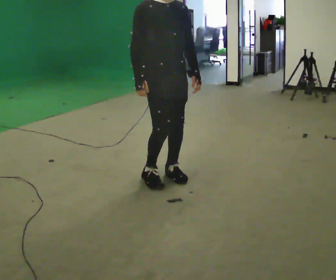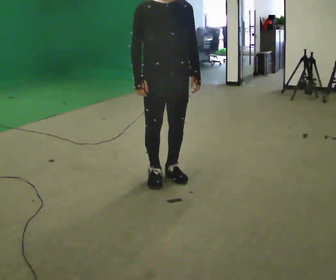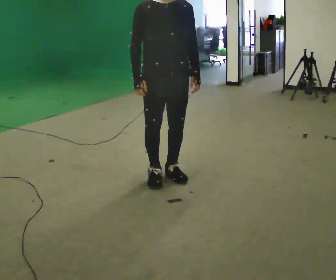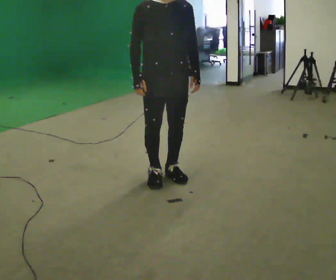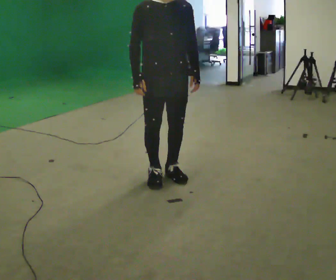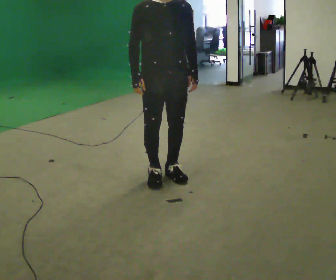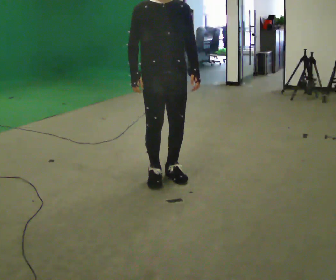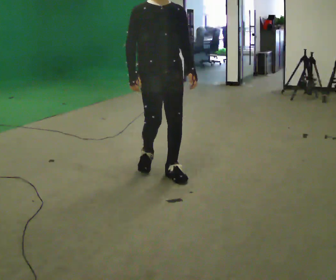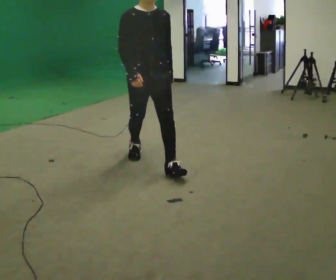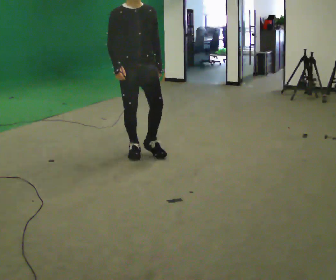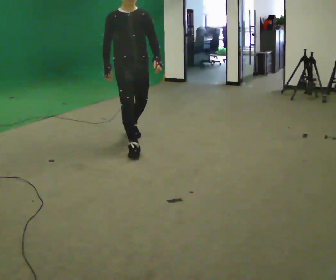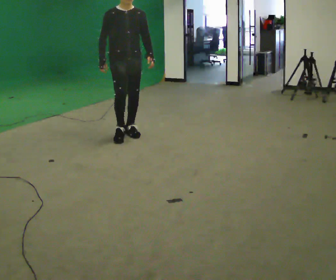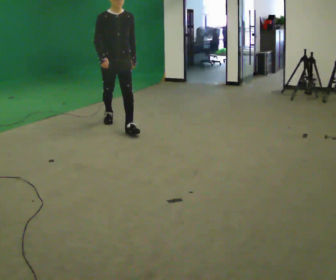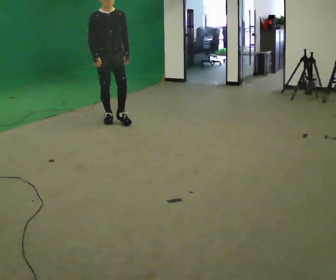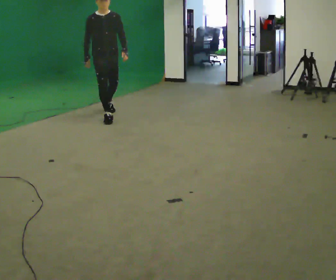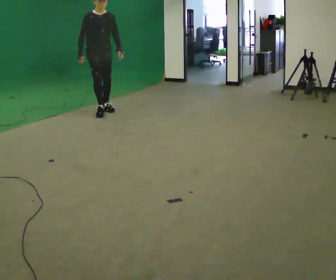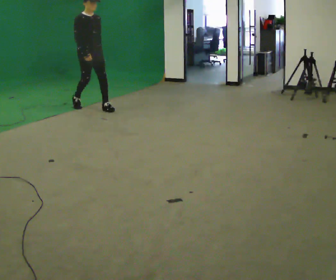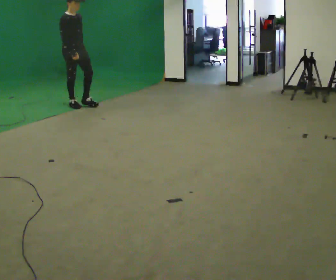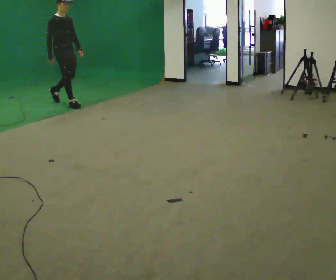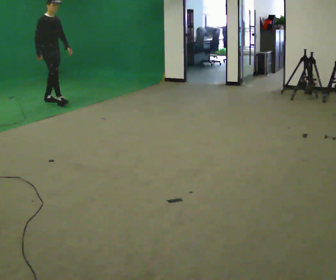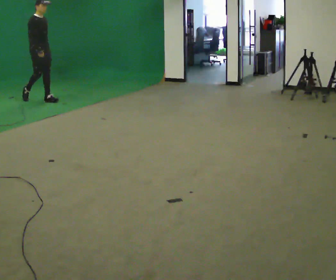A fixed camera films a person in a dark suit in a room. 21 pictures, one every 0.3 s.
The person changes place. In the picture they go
away from the camera.
0.0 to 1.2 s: The person moves a little, or ends about where they began.
1.2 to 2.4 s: In the picture they go away from the camera, about 0.25 m in 1 step, which for them is backward.
2.4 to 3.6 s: In the picture they go away from the camera, about 1.5 m in 2 steps, which for them is backward.
3.6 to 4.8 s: Seen from above the body turns counterclockwise, about 30 degrees: to their left, with its near side sliding to the right. In the picture they go away from the camera and to the left, about 1 m in 2 steps, which for them is backward.
4.8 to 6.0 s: In the picture they go to the left and away from the camera, about 1 m in 2 steps, which for them is backward.
The film runs backward here.
